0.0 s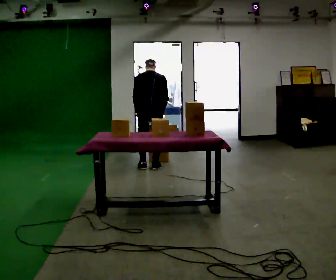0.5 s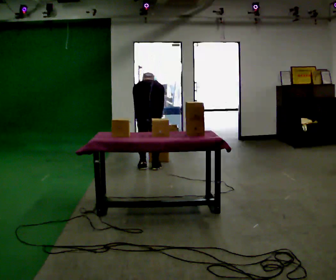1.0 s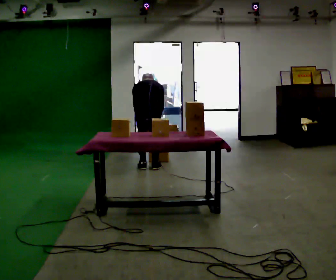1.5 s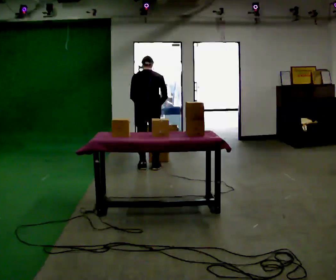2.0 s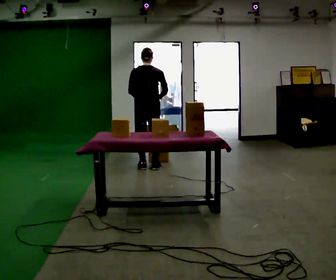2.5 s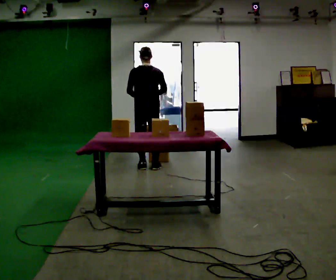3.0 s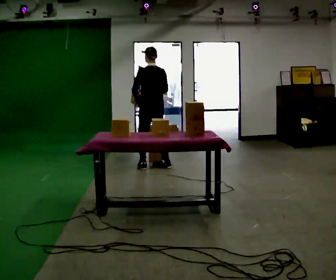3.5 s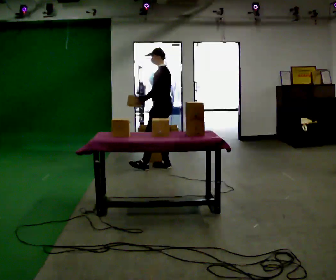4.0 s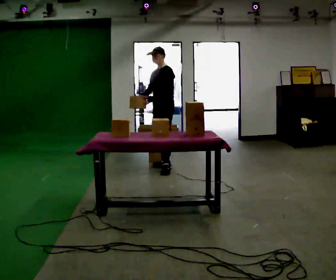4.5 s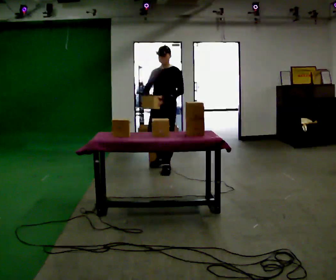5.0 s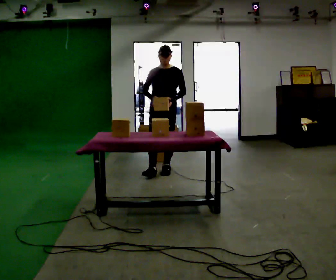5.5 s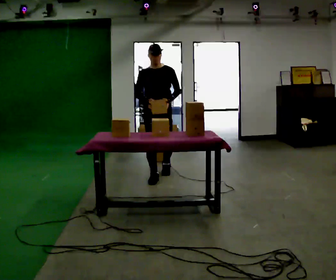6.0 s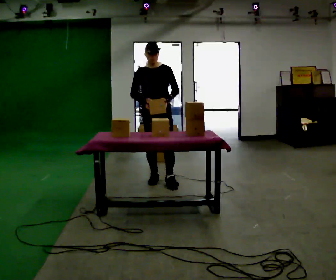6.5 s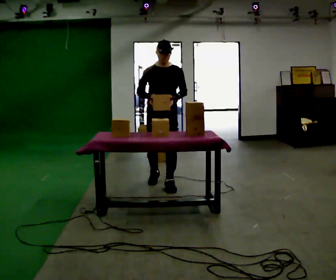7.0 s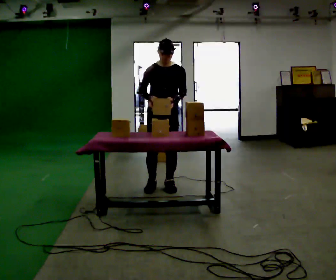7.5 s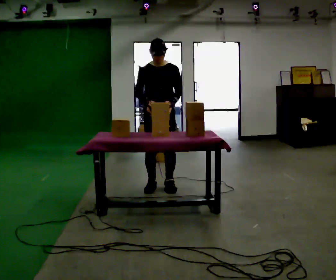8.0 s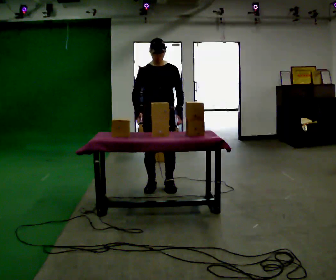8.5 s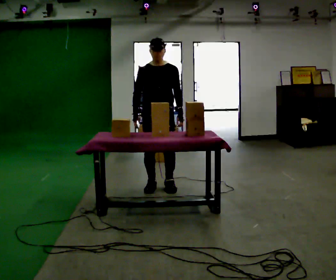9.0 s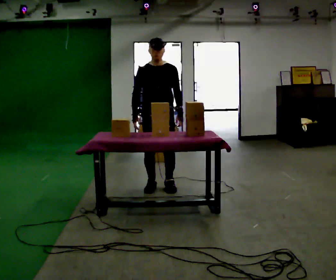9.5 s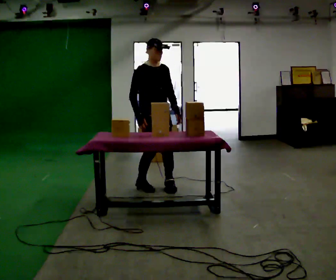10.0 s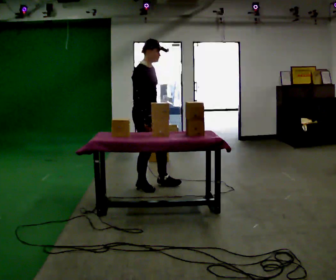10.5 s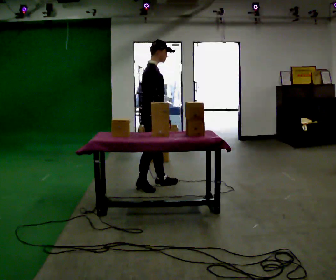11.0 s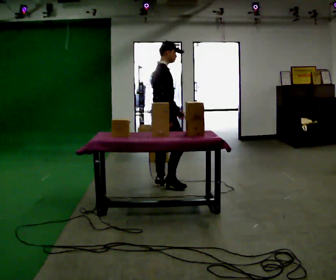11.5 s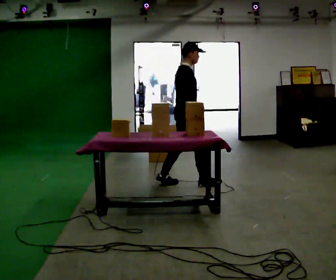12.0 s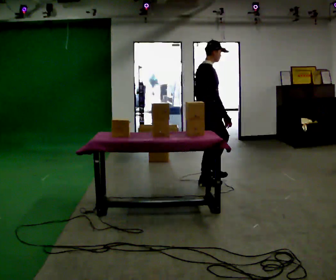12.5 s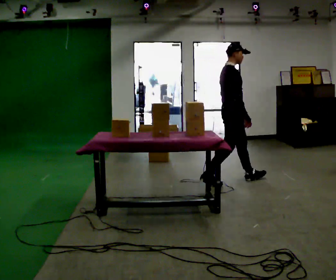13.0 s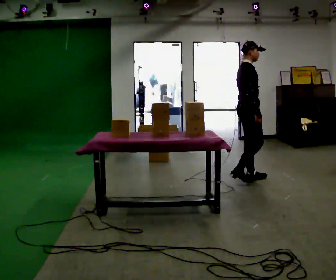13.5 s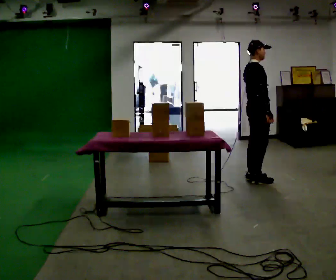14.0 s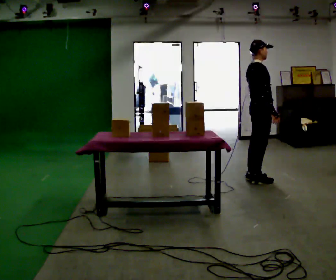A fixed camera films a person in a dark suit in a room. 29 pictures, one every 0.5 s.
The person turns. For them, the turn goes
to their left.
The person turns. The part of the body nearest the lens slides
to the right.
0.0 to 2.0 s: The person moves a little, or ends about where they began.
2.0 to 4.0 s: The part of the body nearest the lens slides to the right as the person turns to their left by about 135 degrees. In the picture they go to the right, about 0.25 m in 2 steps.
4.0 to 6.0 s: Seen from above the body turns counterclockwise, about 60 degrees: to their left, with its near side sliding to the right. In the picture they go toward the camera, about 0.75 m in 1 step, which for them is forward.
6.0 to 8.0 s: In the picture they go toward the camera, about 0.25 m in 2 steps, which for them is forward.
8.0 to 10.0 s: The part of the body nearest the lens slides to the right as the person turns to their left by about 75 degrees. In the picture they go to the left, about 0.25 m in 1 step. In the picture their left hand goes to the left.
10.0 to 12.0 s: In the picture they go to the right, about 1 m in 2 steps, which for them is forward.
12.0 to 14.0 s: In the picture they go to the right, about 0.75 m in 2 steps, which for them is forward.
The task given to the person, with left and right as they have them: Carry the object across the room, open the lid of the container, put the object inside, and close the lid again. Then go back for the next one. Keep going until the operator says stop; one object at a time, and do not rush between trips.
The film runs forward here.
